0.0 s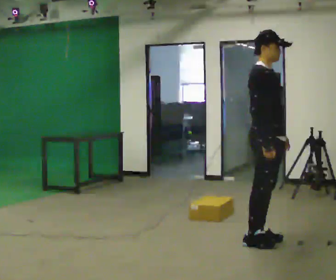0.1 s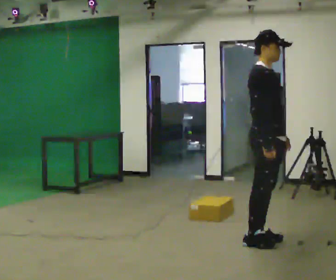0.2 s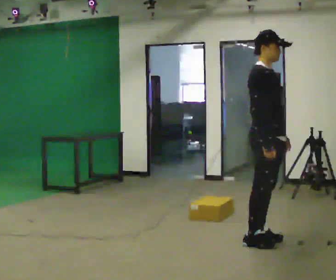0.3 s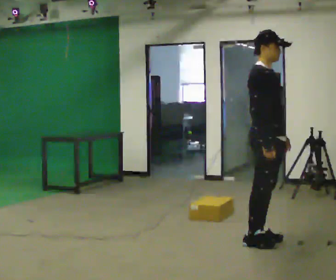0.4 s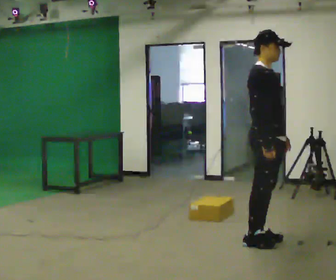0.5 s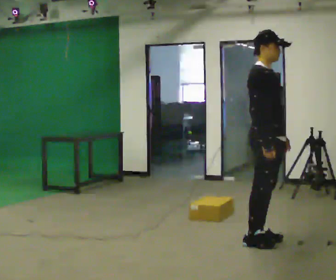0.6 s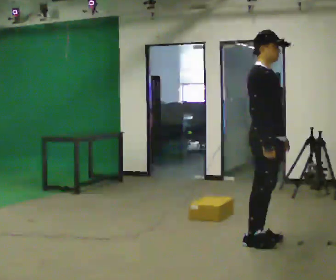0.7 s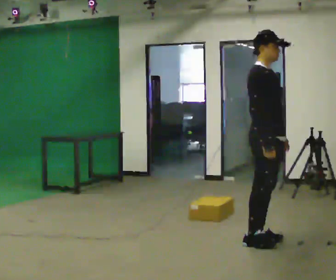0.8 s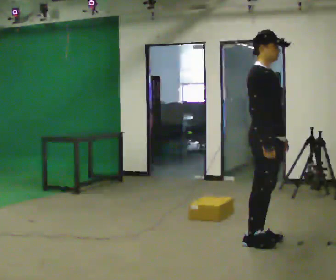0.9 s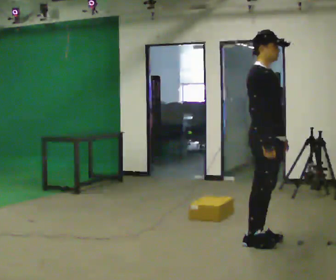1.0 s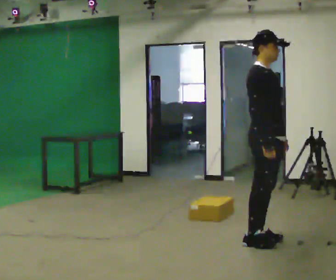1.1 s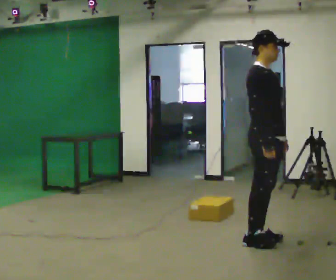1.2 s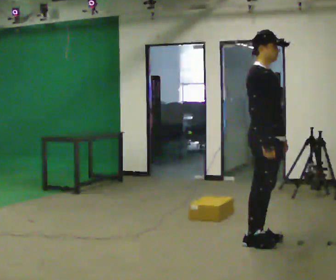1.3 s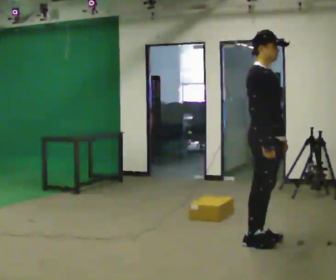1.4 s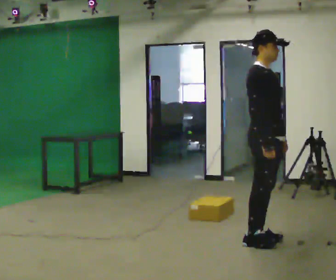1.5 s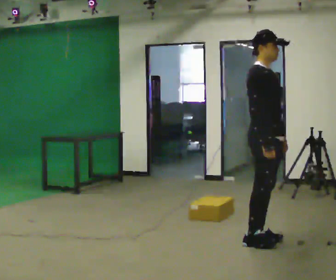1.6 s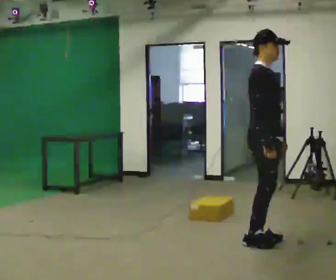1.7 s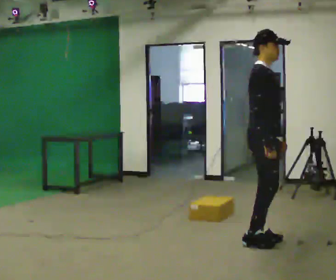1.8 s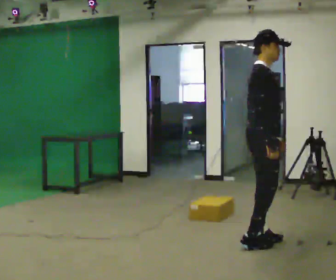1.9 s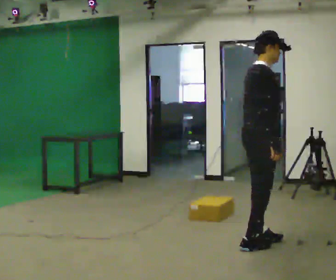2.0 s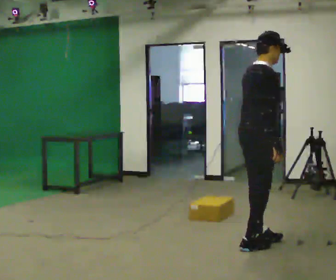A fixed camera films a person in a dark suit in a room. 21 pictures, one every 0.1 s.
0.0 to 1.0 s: The person keeps their place and pose.
1.0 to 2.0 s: Seen from above the body turns counterclockwise, about 45 degrees: to their left, with its near side sliding to the right.
The film runs forward here.
